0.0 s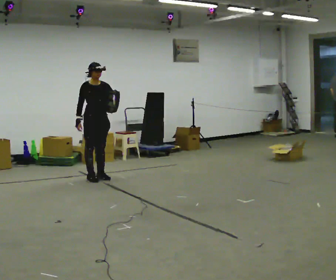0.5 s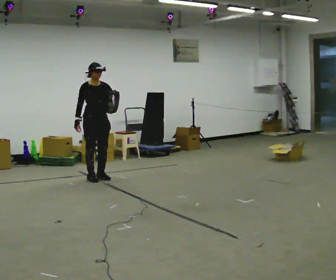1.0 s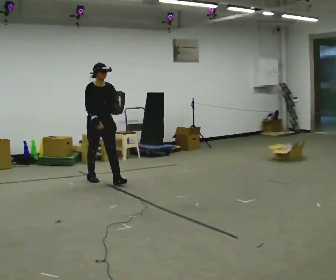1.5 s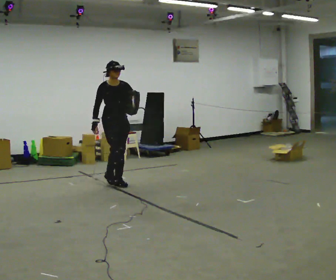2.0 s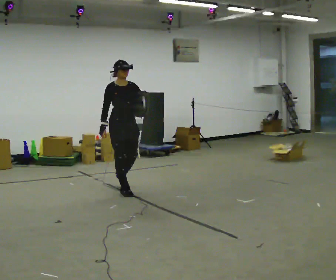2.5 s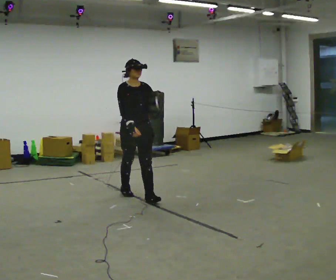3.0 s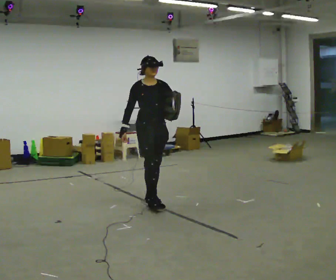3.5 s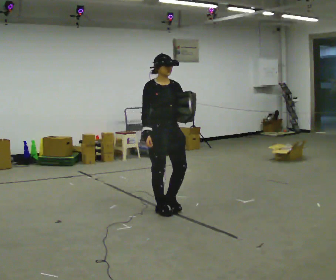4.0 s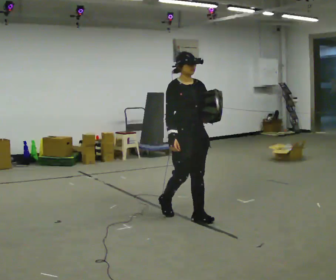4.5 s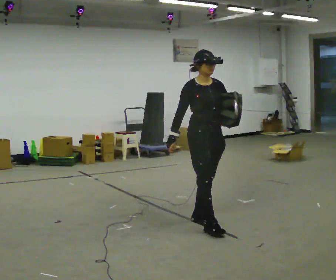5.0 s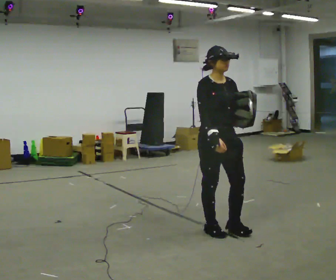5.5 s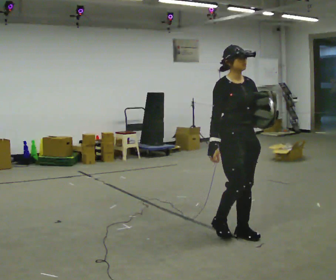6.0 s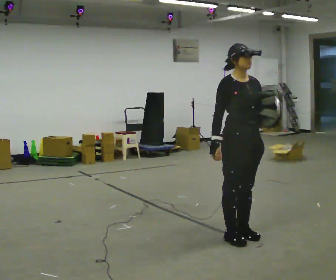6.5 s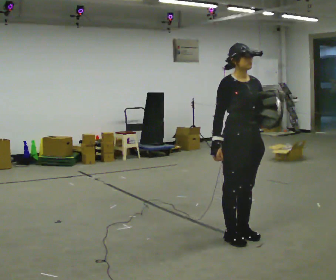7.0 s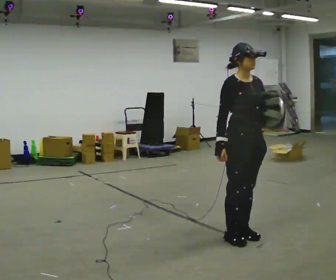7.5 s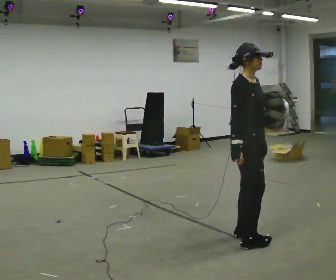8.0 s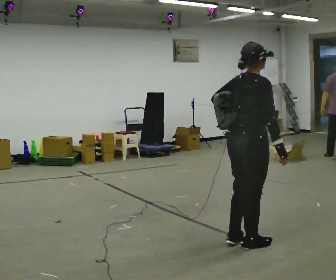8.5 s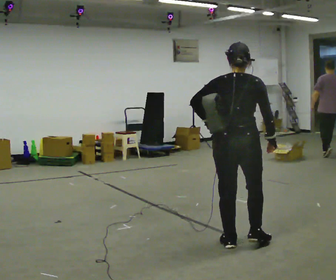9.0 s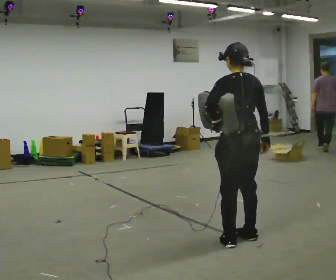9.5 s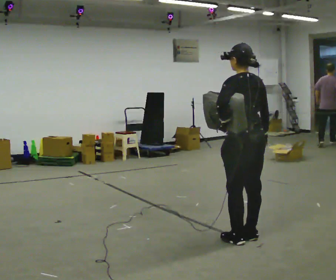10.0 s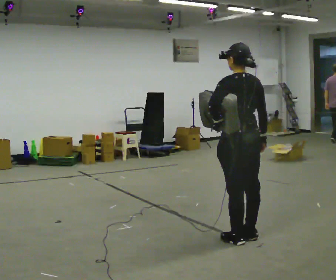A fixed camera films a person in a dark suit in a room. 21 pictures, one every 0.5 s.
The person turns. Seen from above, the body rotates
counterclockwise.
The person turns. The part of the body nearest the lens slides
to the right.
0.0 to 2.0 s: In the picture they go toward the camera and to the right, about 1 m in 2 steps, which for them is forward.
2.0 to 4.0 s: In the picture they go toward the camera and to the right, about 1.5 m in 3 steps, which for them is forward.
4.0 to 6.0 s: In the picture they go toward the camera and to the right, about 0.5 m in 3 steps, which for them is forward.
6.0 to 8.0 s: The person turns about 90 degrees to their left, counterclockwise seen from above, so the part of the body nearest the lens slides to the right. In the picture they go toward the camera, about 0.25 m in 1 step. In the picture their right hand goes to the right, the arm swinging counterclockwise.
8.0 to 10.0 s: The person turns about 90 degrees to their left, counterclockwise seen from above, so the part of the body nearest the lens slides to the right.
The film runs forward here.
